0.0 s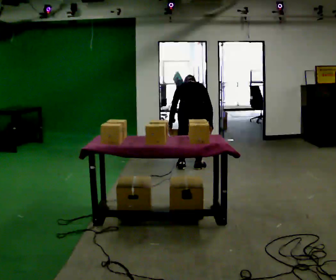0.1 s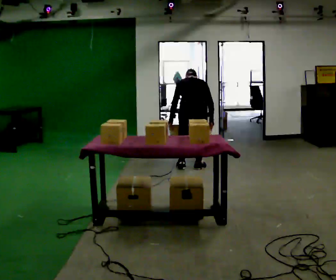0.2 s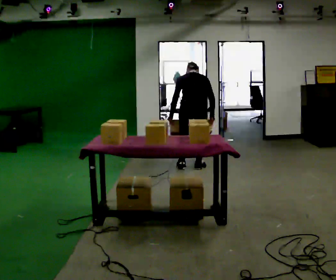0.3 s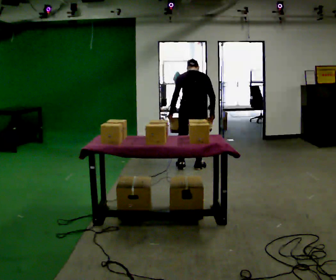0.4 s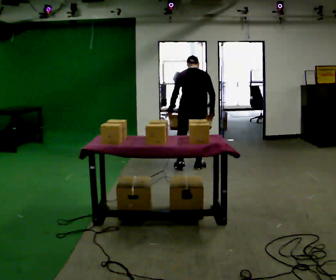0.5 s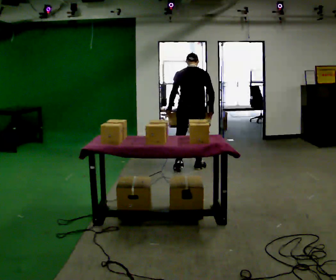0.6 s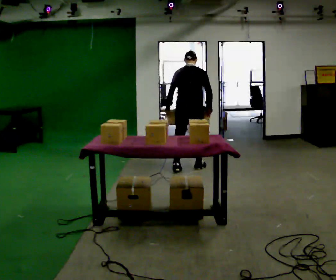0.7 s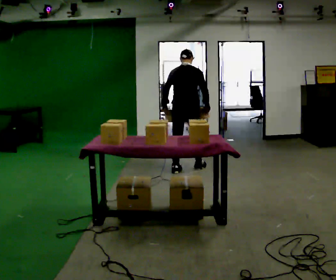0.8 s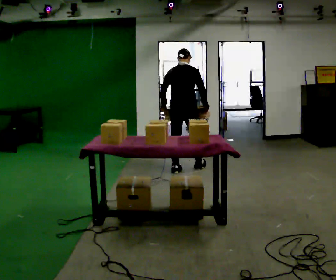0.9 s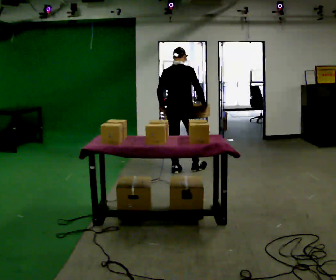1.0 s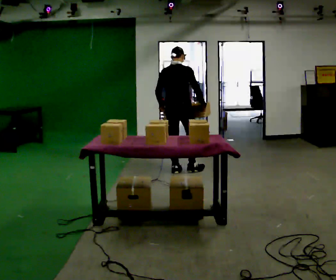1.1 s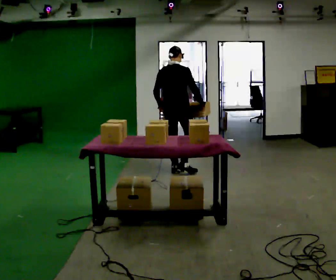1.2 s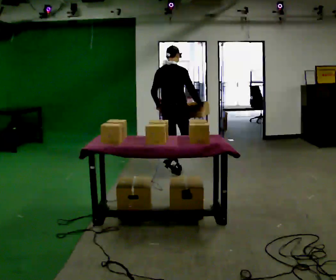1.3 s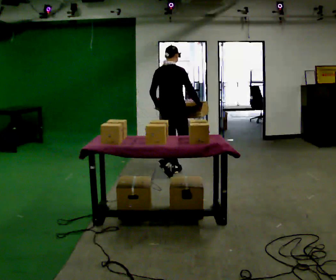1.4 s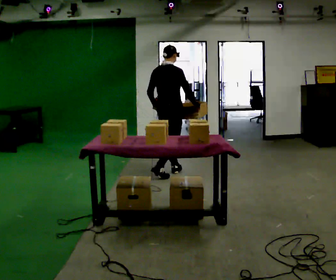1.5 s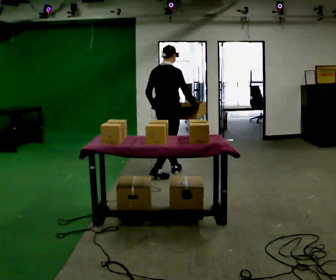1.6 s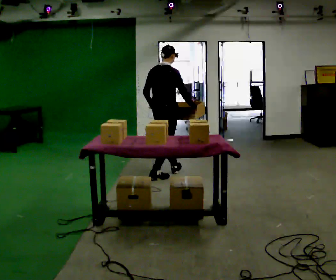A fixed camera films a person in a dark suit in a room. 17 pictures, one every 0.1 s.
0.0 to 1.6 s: The part of the body nearest the lens slides to the left as the person turns to their right by about 45 degrees. In the picture they go to the left and toward the camera, about 0.5 m in 2 steps, which for them is backward and to their left. The upper body goes upward. The upper body tips toward the camera, its near side rolling downward, as they lean back or straighten. In the picture their left hand goes upward.
The film runs backward here.
